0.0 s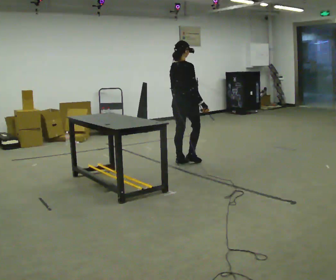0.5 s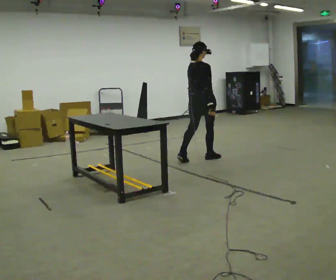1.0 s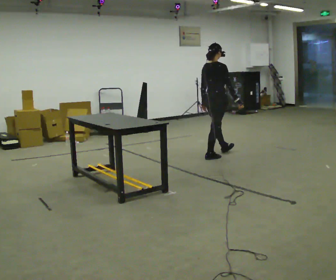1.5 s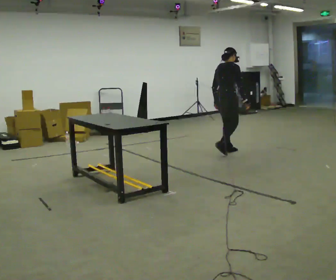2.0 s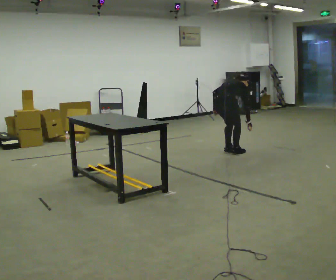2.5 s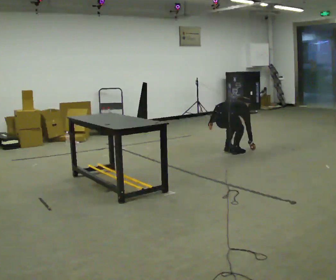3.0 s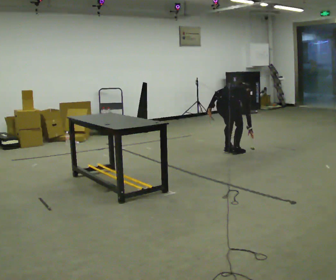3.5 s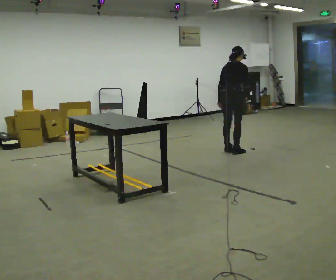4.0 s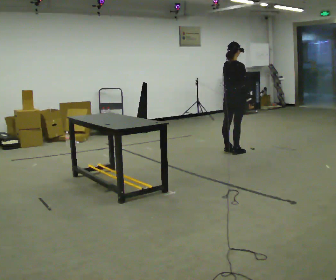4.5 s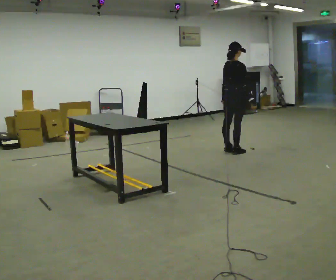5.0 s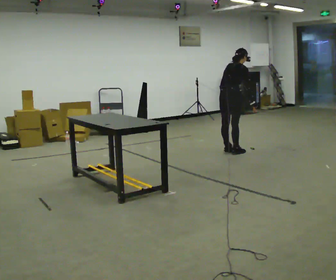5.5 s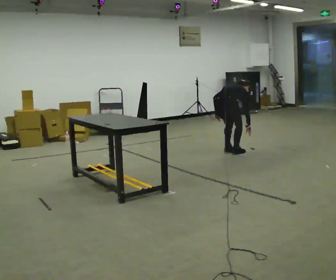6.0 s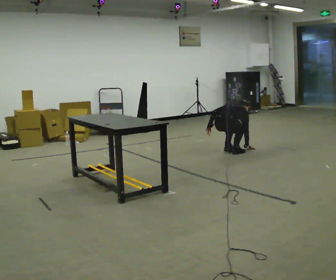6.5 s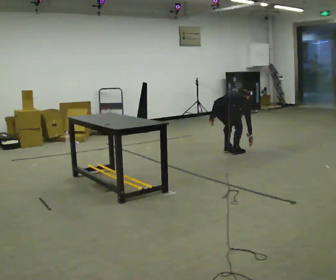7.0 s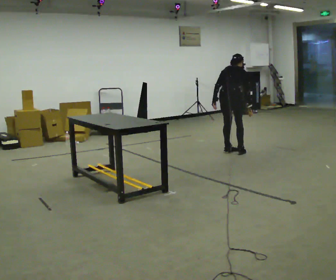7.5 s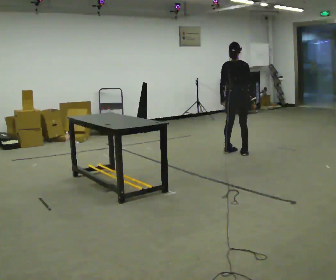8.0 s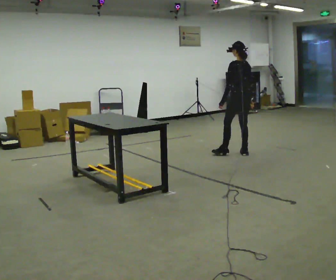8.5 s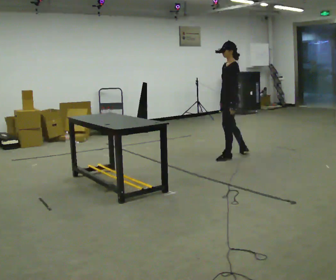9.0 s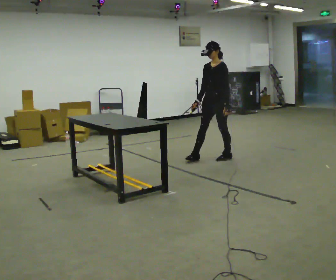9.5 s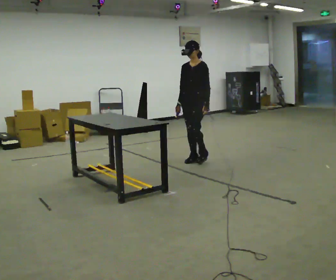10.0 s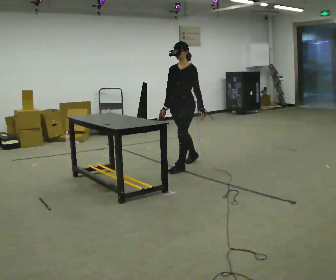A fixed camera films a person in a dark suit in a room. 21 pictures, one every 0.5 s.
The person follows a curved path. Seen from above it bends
clockwise.
0.0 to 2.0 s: In the picture they go to the right and away from the camera, about 0.5 m in 3 steps, which for them is forward. The shoulders move downward. The upper body tips away from the camera, its near side rolling upward, as they bend forward.
2.0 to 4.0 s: The person moves a little, or ends about where they began.
4.0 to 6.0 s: In the picture they go toward the camera, about 0.25 m, which for them is backward. The shoulders move downward. The upper body tips away from the camera, its near side rolling upward, as they bend forward. In the picture their left hand goes downward, the arm swinging clockwise.
6.0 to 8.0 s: The part of the body nearest the lens slides to the right as the person turns to their left by about 75 degrees. In the picture they go to the right, about 0.25 m in 1 step. The upper body goes upward. The upper body tips toward the camera, its near side rolling downward, as they lean back or straighten. In the picture their left hand goes upward.
8.0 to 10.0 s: The person turns about 105 degrees to their left, counterclockwise seen from above, so the part of the body nearest the lens slides to the right. In the picture they go to the left and toward the camera, about 1 m in 3 steps.
The film runs forward here.
